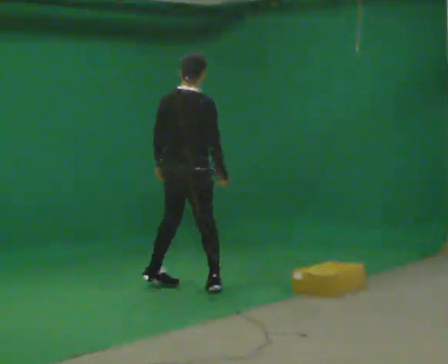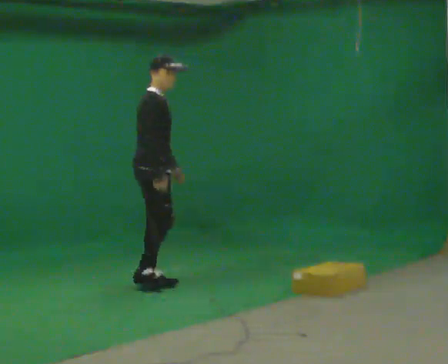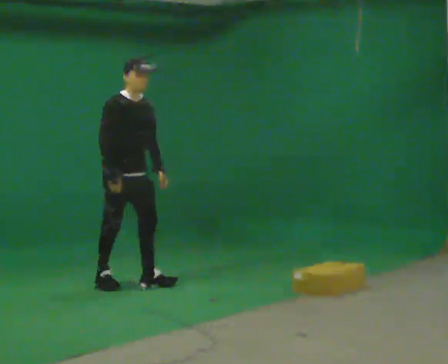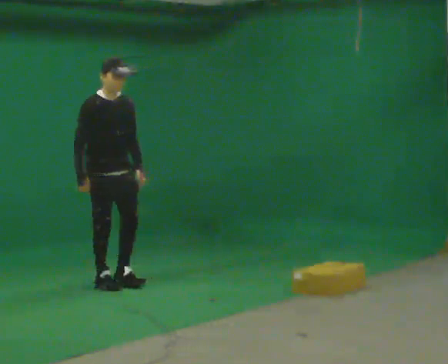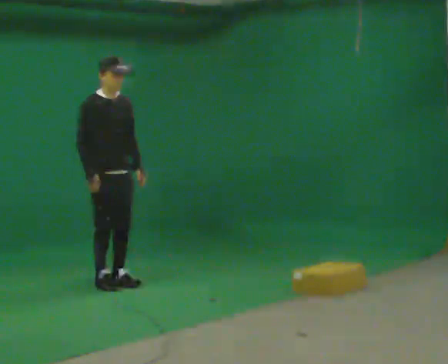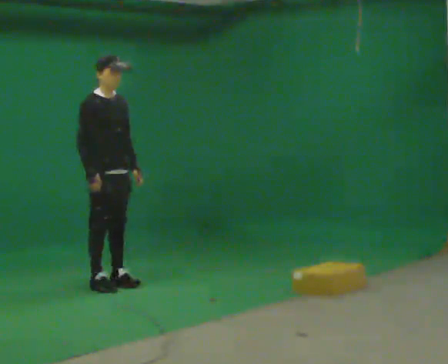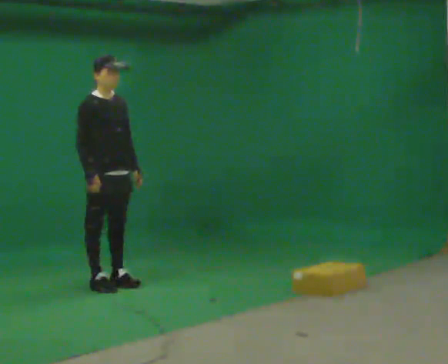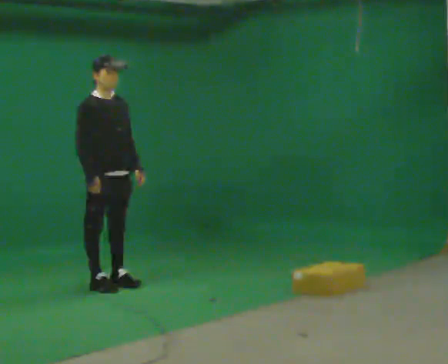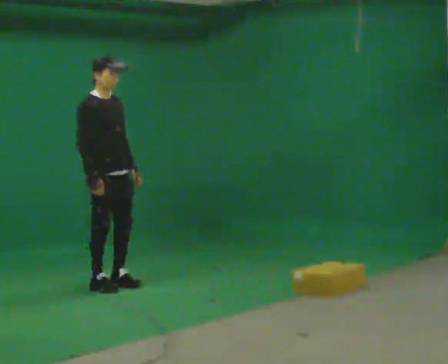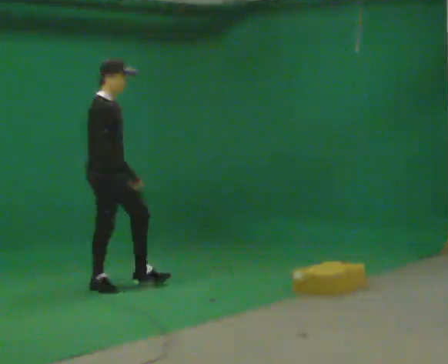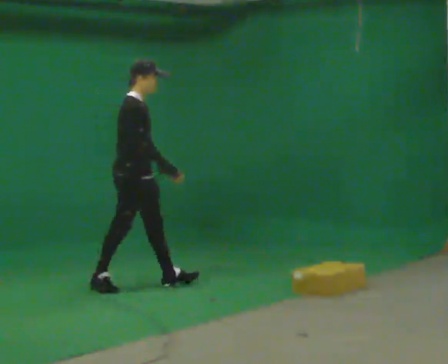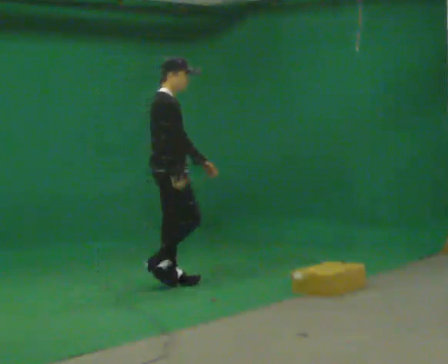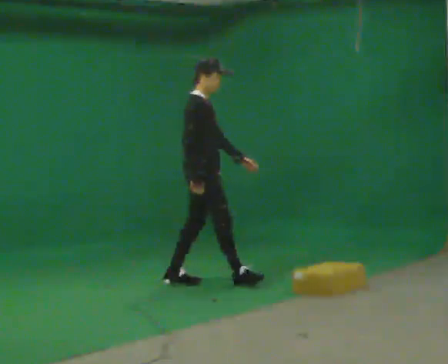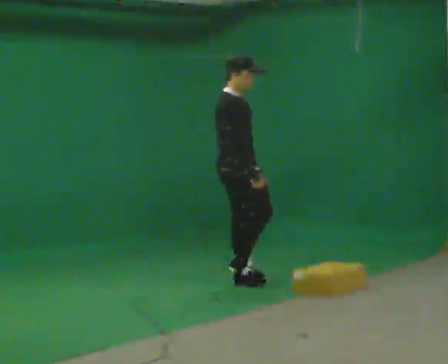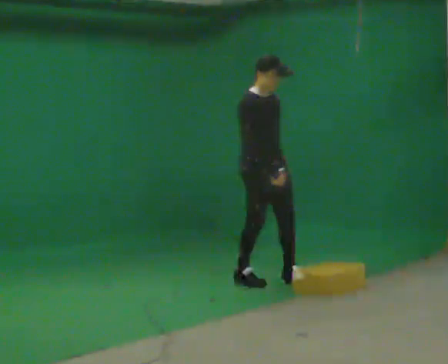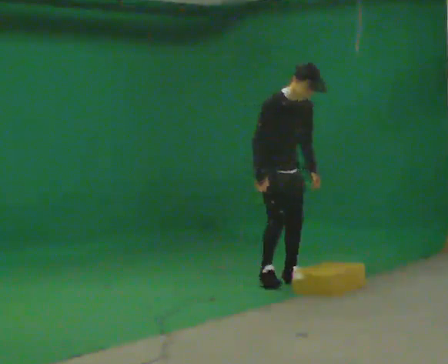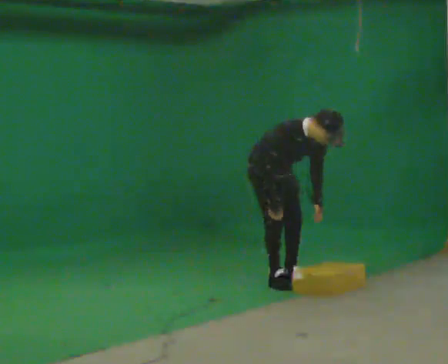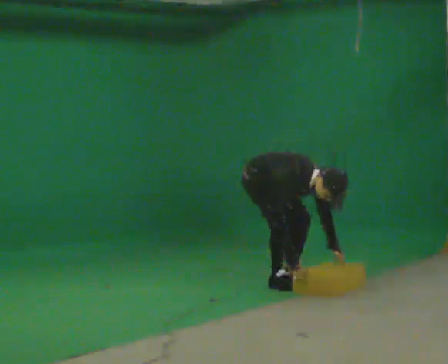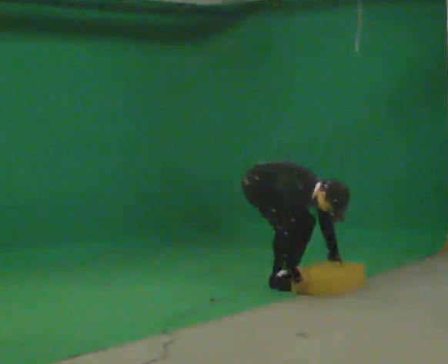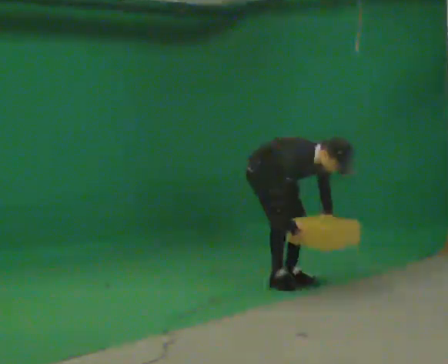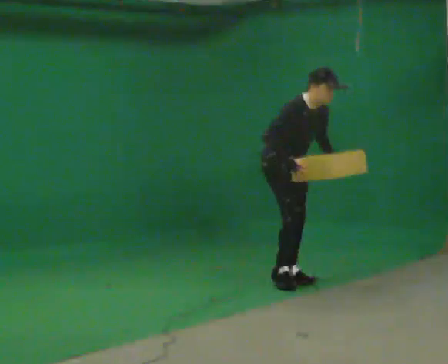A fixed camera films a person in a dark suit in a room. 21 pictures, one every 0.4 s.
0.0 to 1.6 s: The person turns about 90 degrees to their right, clockwise seen from above, so the part of the body nearest the lens slides to the left. In the picture they go to the left, about 0.5 m in 3 steps.
1.6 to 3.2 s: The person moves a little, or ends about where they began.
3.2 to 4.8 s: The part of the body nearest the lens slides to the right as the person turns to their left by about 30 degrees. In the picture they go to the right, about 1 m in 2 steps, which for them is forward.
4.8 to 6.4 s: Seen from above the body turns clockwise, about 45 degrees: to their right, with its near side sliding to the left. In the picture they go to the right, about 0.5 m in 2 steps, which for them is forward and to their left. The upper body goes downward. In the picture the upper body tilts clockwise, shoulders to the right, as they bend forward.
6.4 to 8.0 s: In the picture their right hand goes upward.
The film runs forward here.
